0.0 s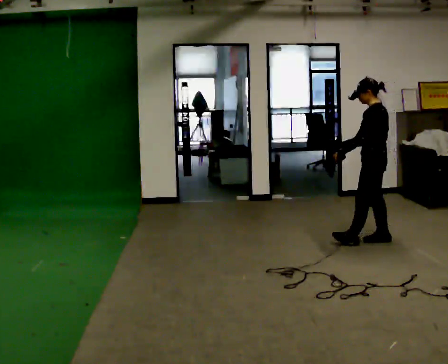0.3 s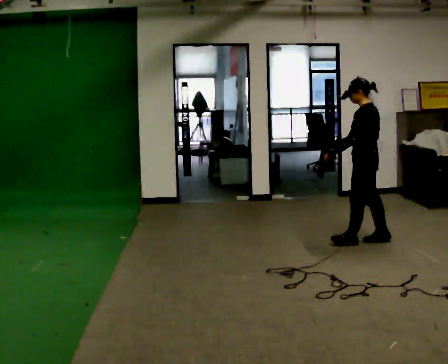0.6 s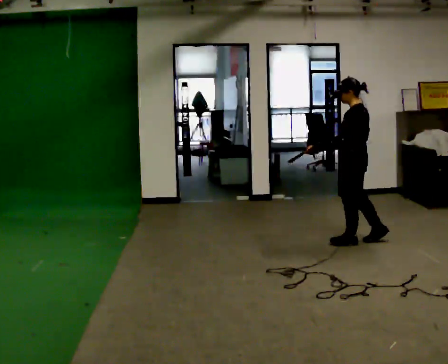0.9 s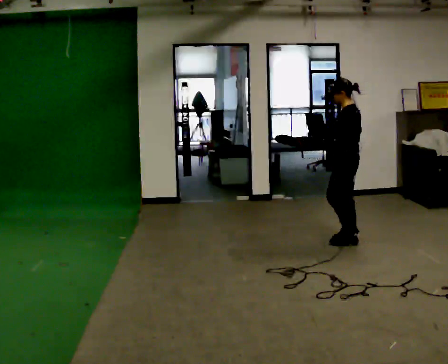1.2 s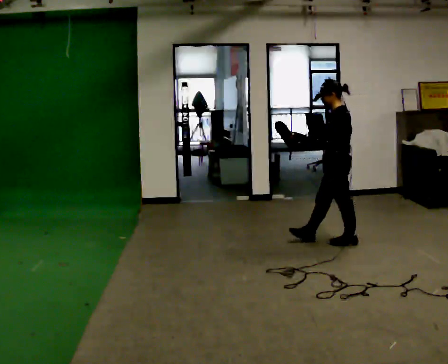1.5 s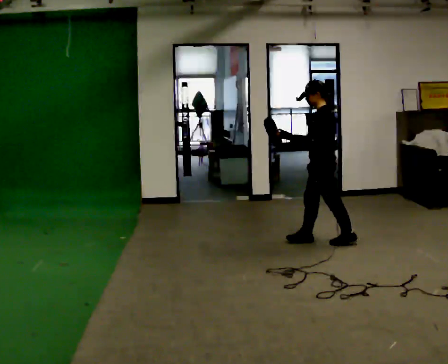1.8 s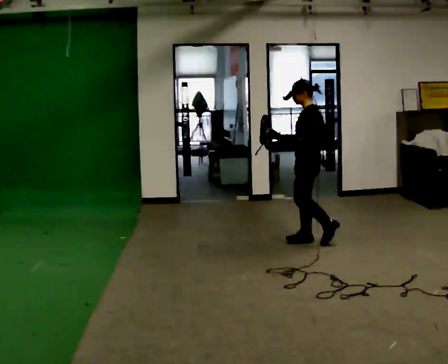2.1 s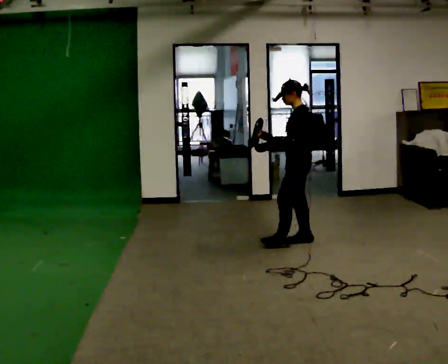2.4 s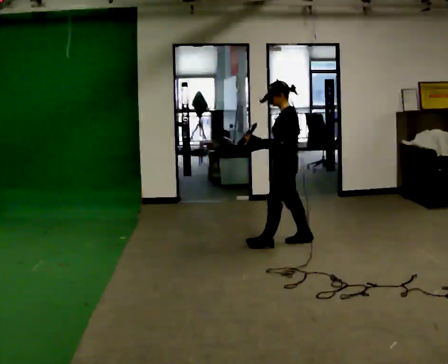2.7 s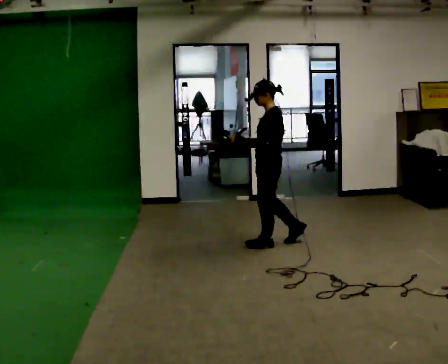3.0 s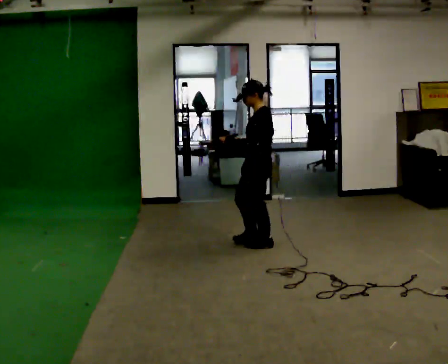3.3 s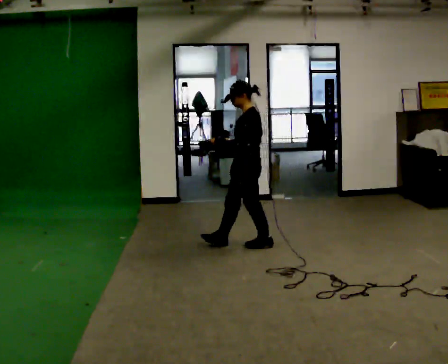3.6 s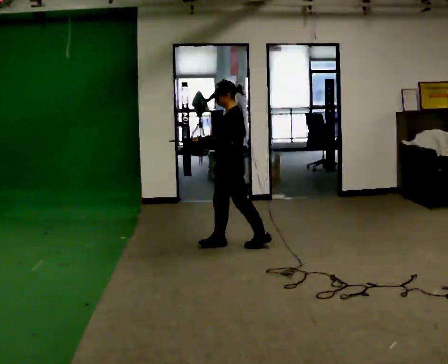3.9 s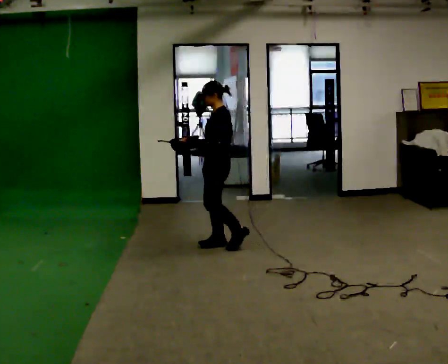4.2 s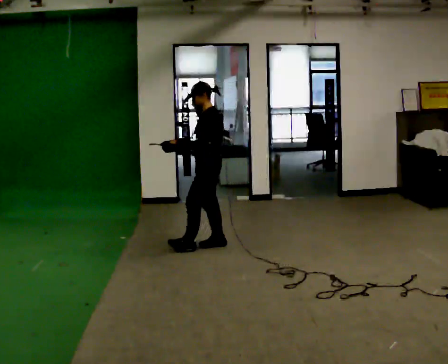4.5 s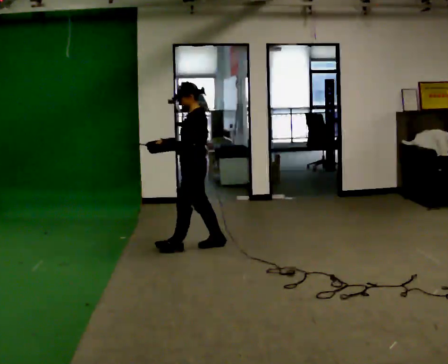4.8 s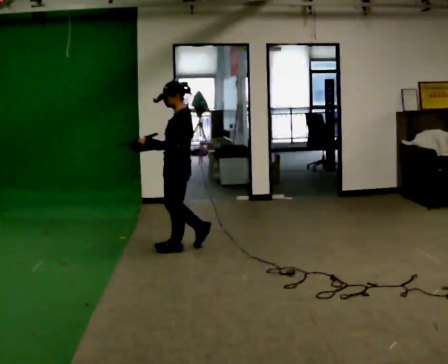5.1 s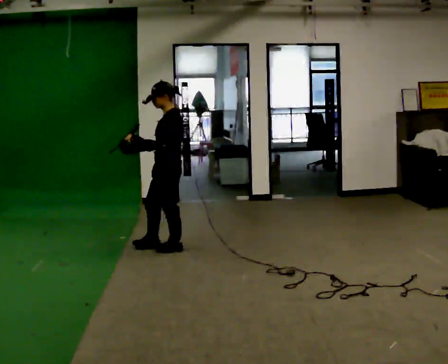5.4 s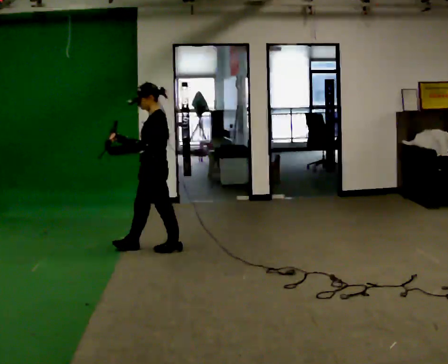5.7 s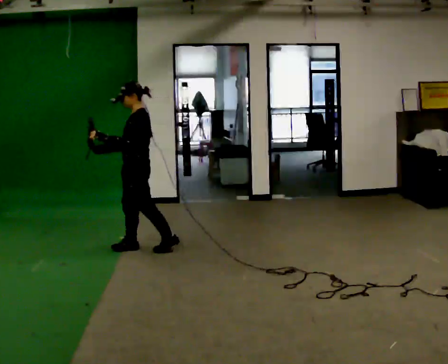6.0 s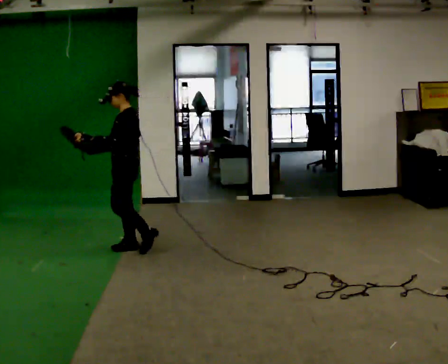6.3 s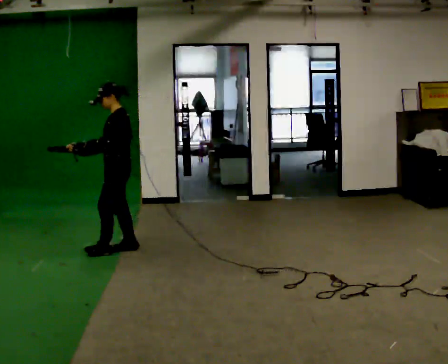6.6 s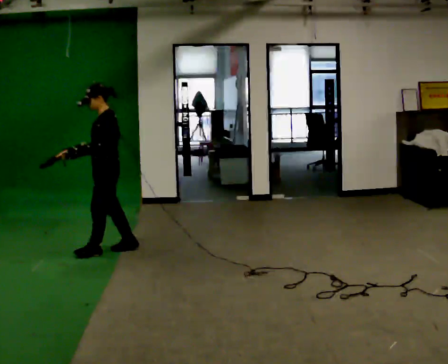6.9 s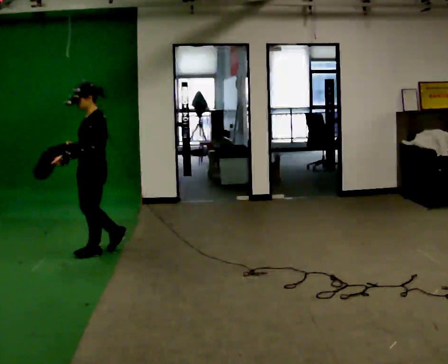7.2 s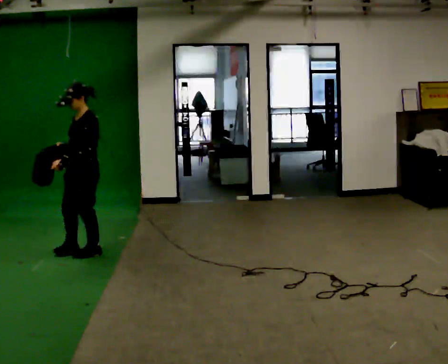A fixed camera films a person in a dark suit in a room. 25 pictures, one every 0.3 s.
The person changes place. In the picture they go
to the left.
0.0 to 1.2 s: In the picture they go to the left, about 0.25 m in 1 step, which for them is forward.
1.2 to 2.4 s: In the picture they go to the left, about 0.5 m in 1 step, which for them is forward.
2.4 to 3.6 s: In the picture they go to the left, about 0.5 m in 1 step, which for them is forward.
3.6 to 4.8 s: In the picture they go to the left, about 0.5 m in 1 step, which for them is forward.
4.8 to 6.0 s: In the picture they go to the left, about 0.5 m in 1 step, which for them is forward.
6.0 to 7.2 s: The person turns about 30 degrees to their left, counterclockwise seen from above, so the part of the body nearest the lens slides to the right. In the picture they go to the left and toward the camera, about 0.5 m in 1 step, which for them is forward.
The film runs forward here.
